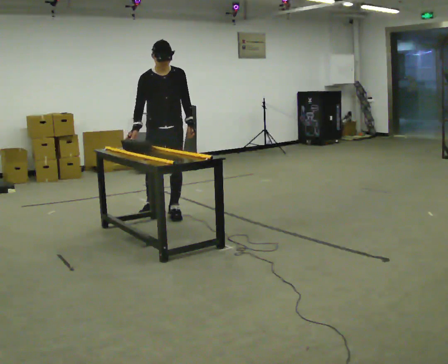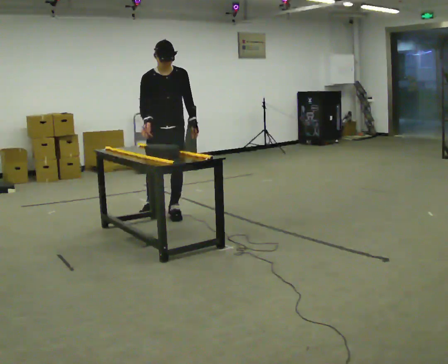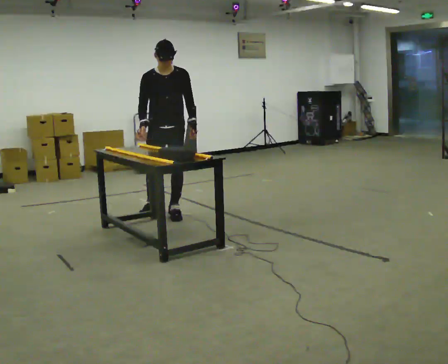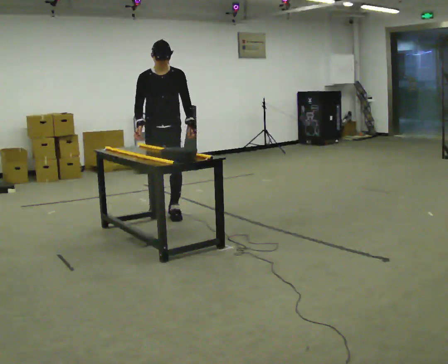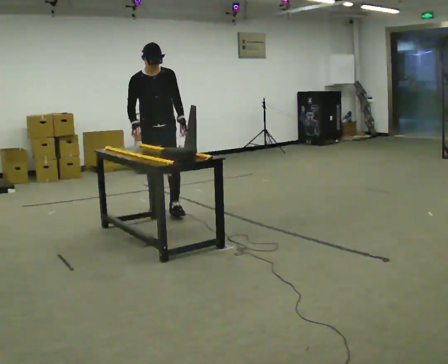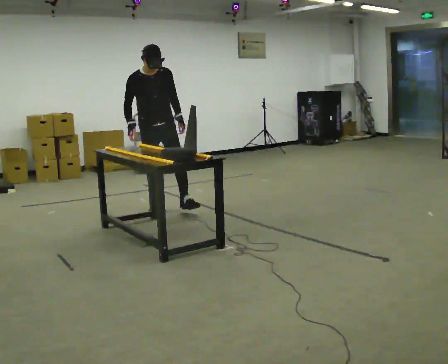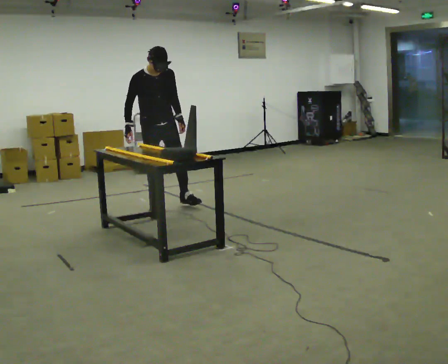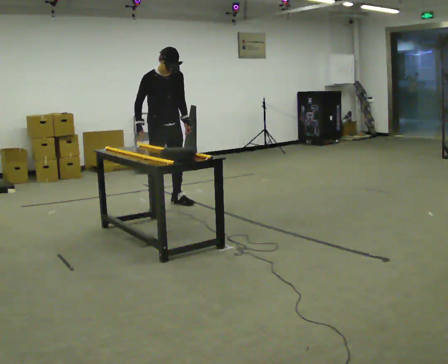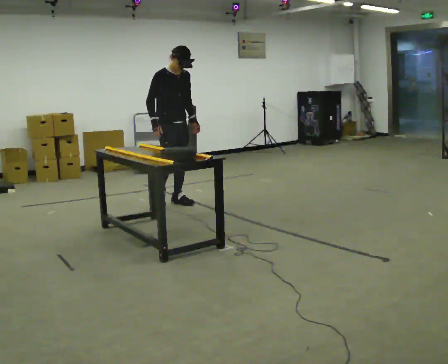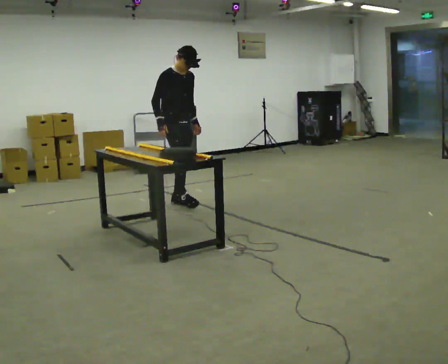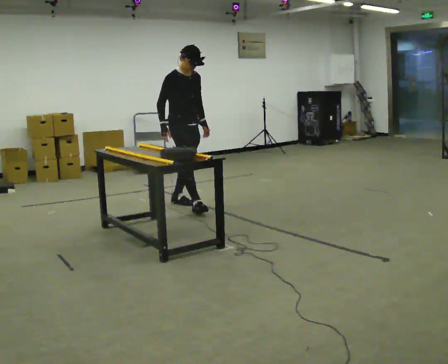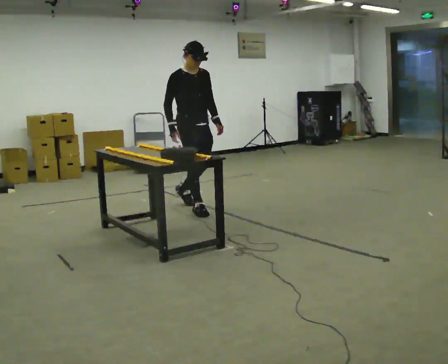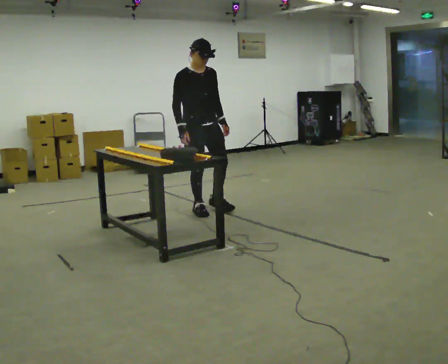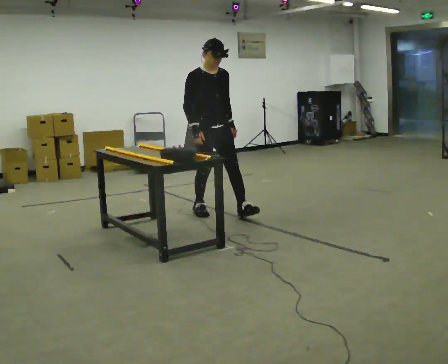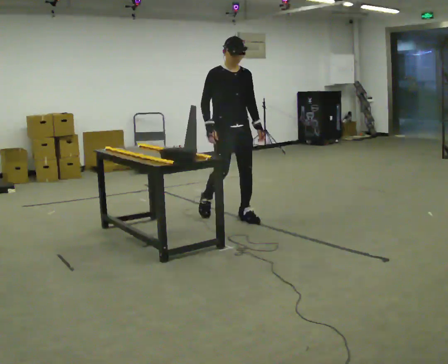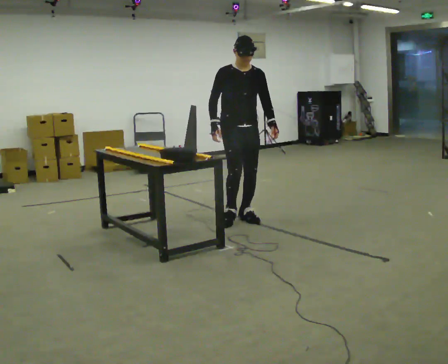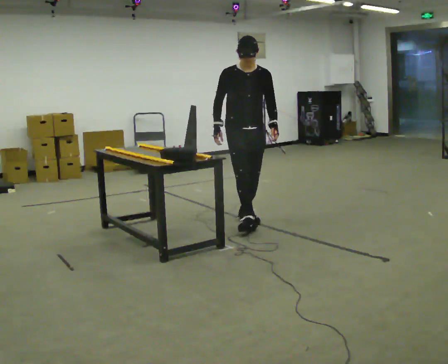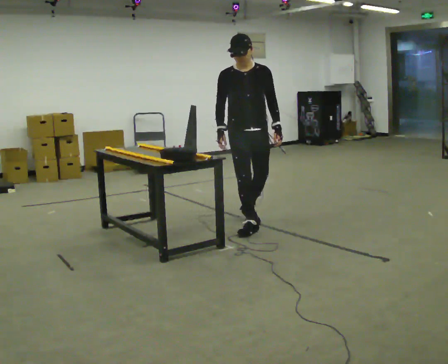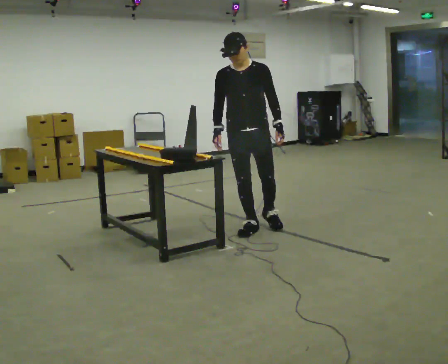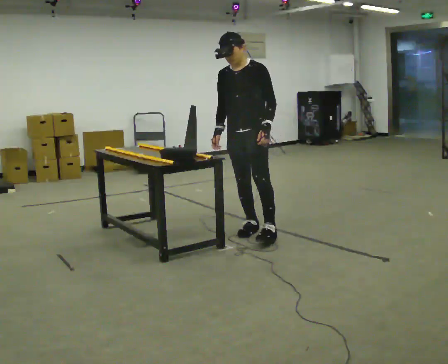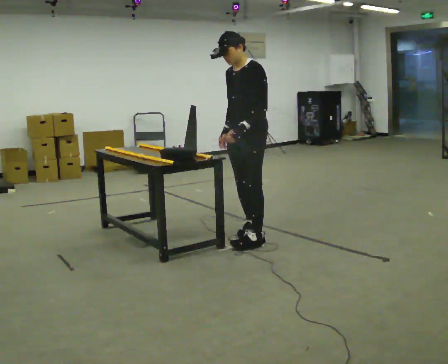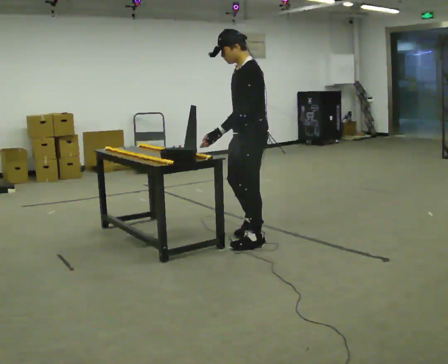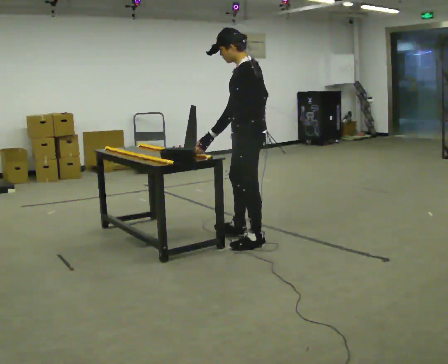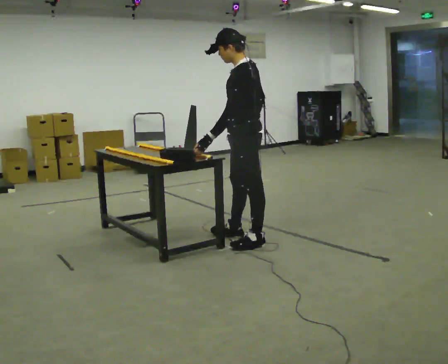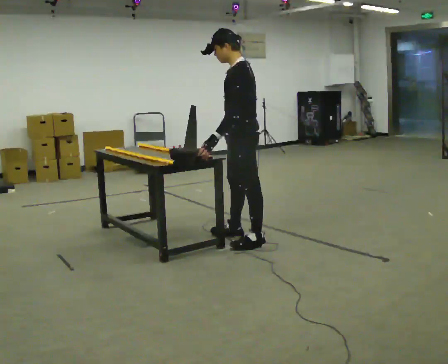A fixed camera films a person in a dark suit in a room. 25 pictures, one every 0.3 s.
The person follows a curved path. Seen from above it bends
clockwise.
0.0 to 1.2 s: The person moves a little, or ends about where they began.
1.2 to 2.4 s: Seen from above the body turns counterclockwise, about 30 degrees: to their left, with its near side sliding to the right. In the picture they go away from the camera, about 0.25 m in 1 step, which for them is backward and to their left.
2.4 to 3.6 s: In the picture they go toward the camera and to the right, about 0.5 m in 1 step, which for them is forward.
3.6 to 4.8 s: In the picture they go to the right and toward the camera, about 0.5 m in 2 steps, which for them is forward and to their left.
4.8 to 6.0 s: The part of the body nearest the lens slides to the left as the person turns to their right by about 75 degrees. In the picture they go toward the camera, about 0.5 m in 1 step.
6.0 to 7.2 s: The person turns about 30 degrees to their right, clockwise seen from above, so the part of the body nearest the lens slides to the left.
The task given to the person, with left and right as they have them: Slide the object into the slot on the shelf in front of you. It is a close fit, so take the time you need. Repeat at your own pace until the operator says stop. Keep both feet on the marked spots for the whole take. If you have to step, stop and tell the operator.
The film runs forward here.
